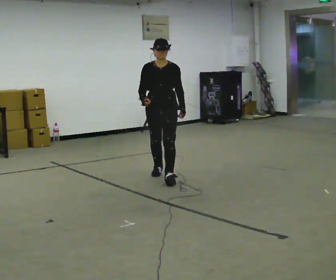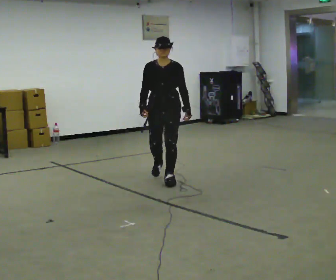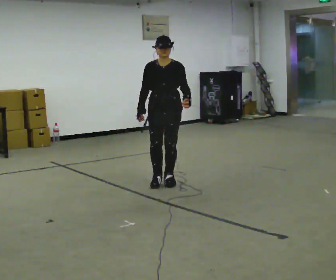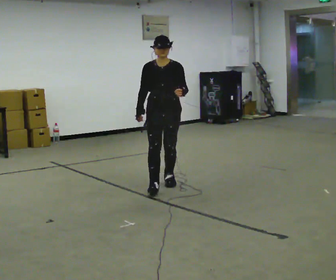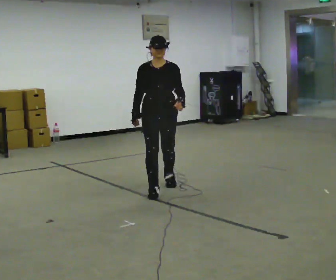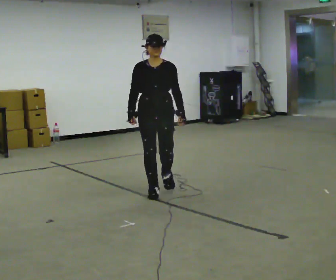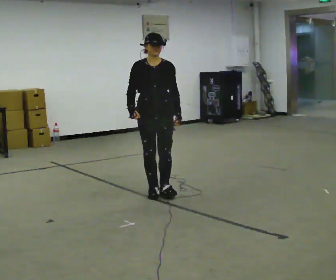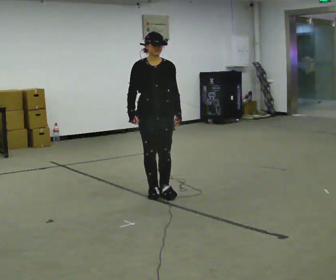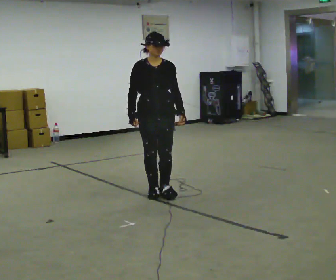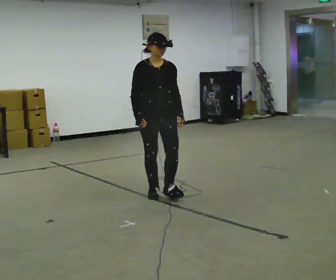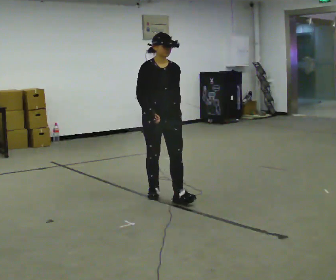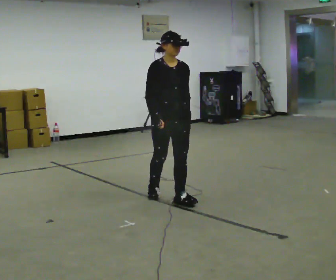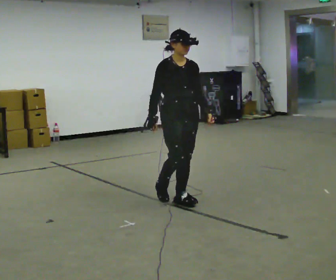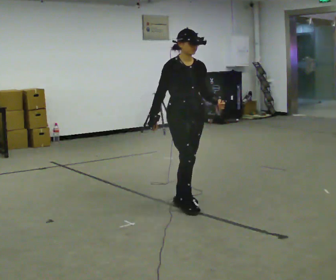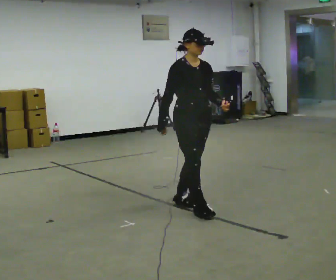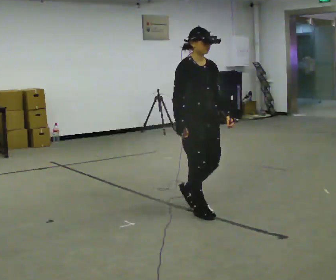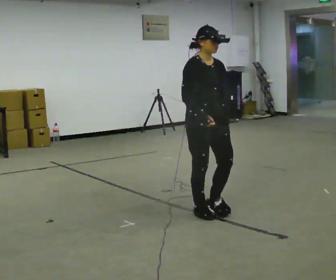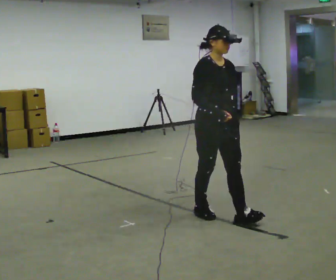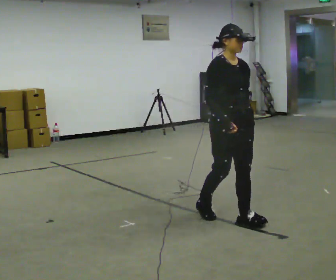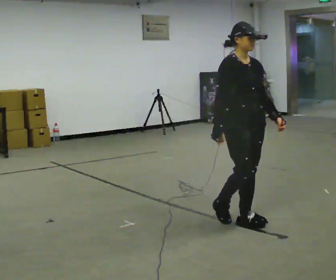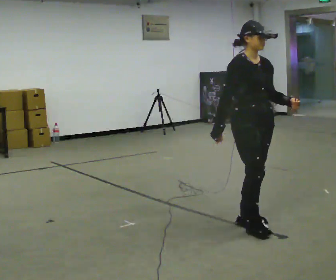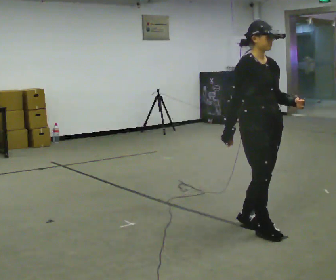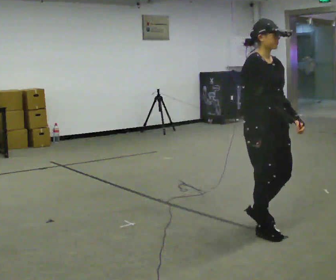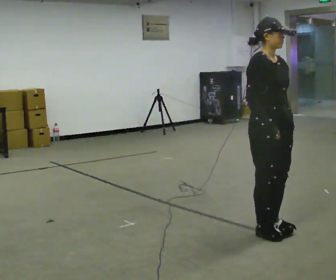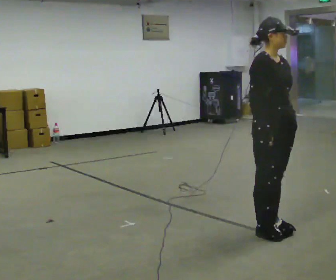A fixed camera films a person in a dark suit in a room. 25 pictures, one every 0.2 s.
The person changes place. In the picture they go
toward the camera.
0.0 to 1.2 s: In the picture they go toward the camera, about 0.75 m in 1 step, which for them is forward.
1.2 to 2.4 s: Seen from above the body turns counterclockwise, about 30 degrees: to their left, with its near side sliding to the right. In the picture they go toward the camera and to the right, about 0.5 m in 2 steps, which for them is forward.
2.4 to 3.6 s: In the picture they go toward the camera and to the right, about 0.5 m in 2 steps, which for them is forward.
3.6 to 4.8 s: In the picture they go toward the camera and to the right, about 0.5 m in 2 steps, which for them is forward.
The film runs forward here.
